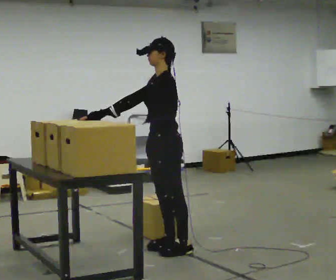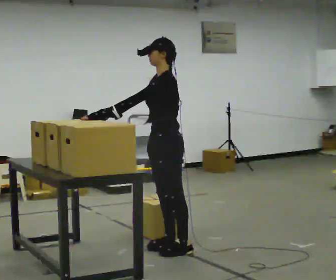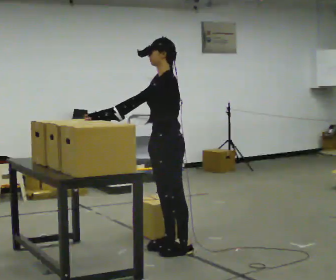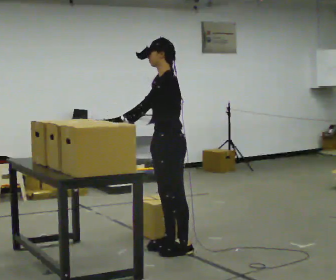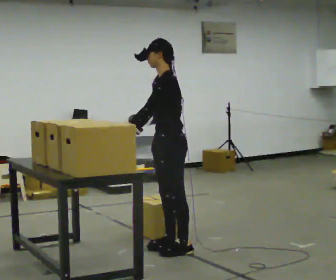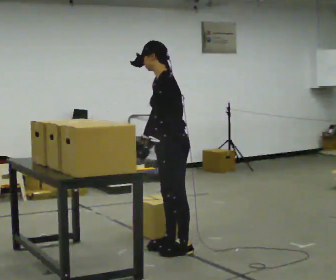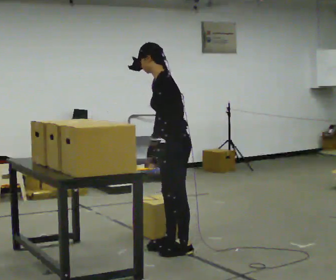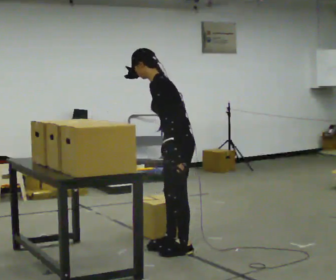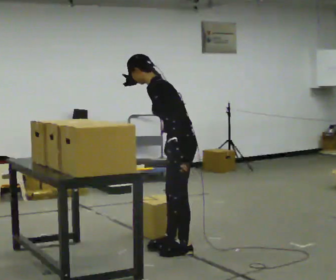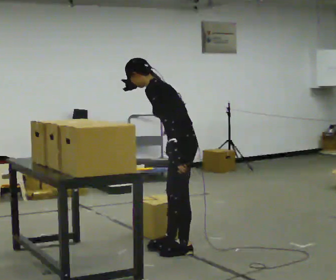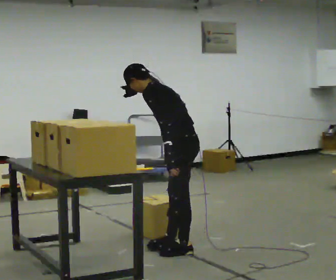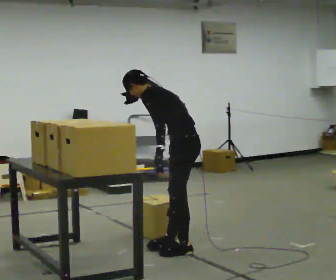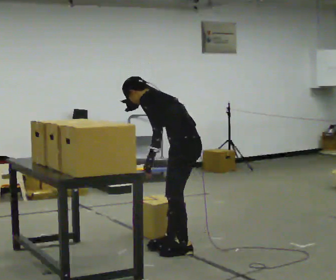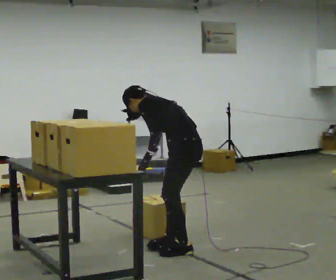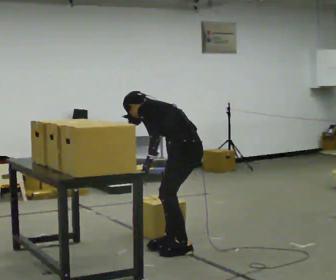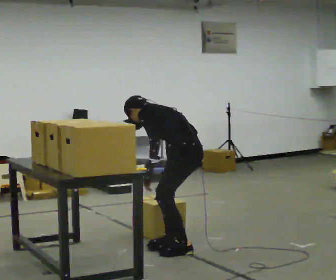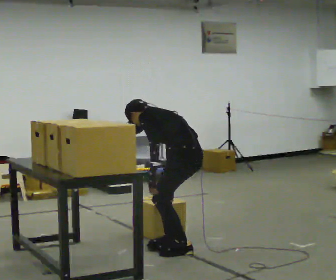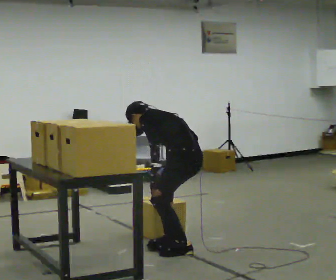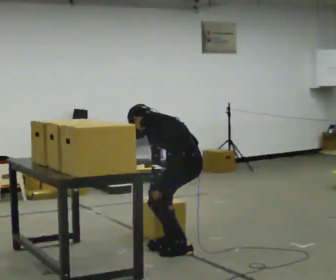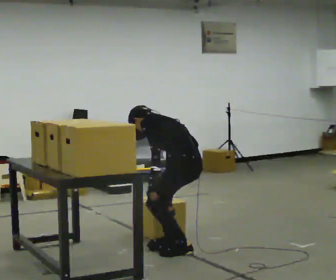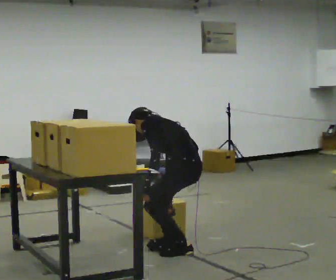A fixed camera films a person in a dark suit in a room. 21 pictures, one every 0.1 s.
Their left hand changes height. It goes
downward.
The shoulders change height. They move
downward.
0.0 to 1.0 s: The person turns about 30 degrees to their right, clockwise seen from above, so the part of the body nearest the lens slides to the left. In the picture the upper body tilts counterclockwise, shoulders to the left, as they bend forward. In the picture their right hand goes to the right and downward, the arm swinging counterclockwise.
1.0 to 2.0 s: The shoulders move downward. The upper body tips away from the camera, its near side rolling upward, as they bend forward.
The film runs forward here.
